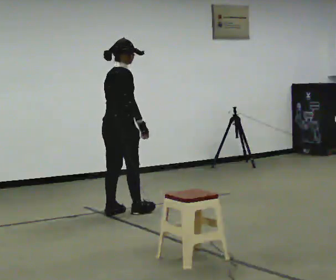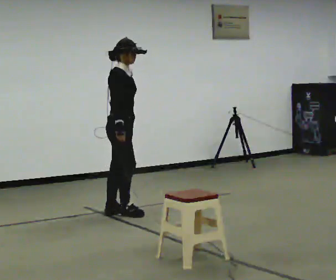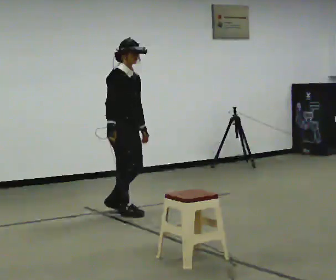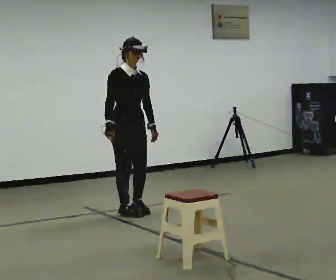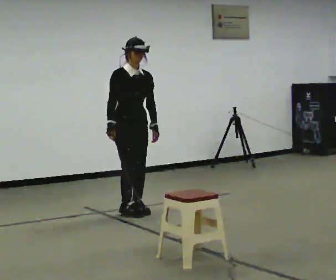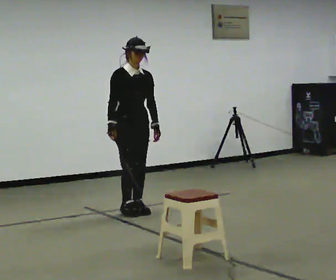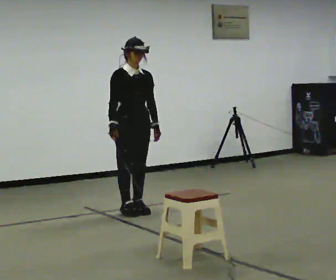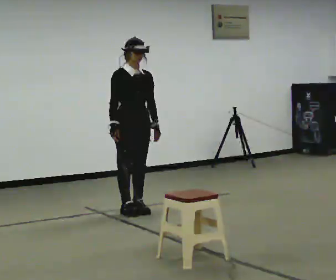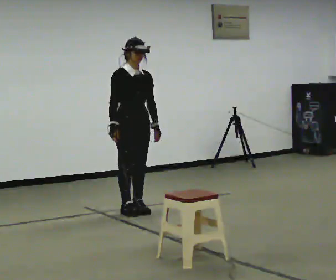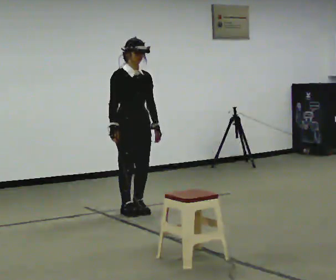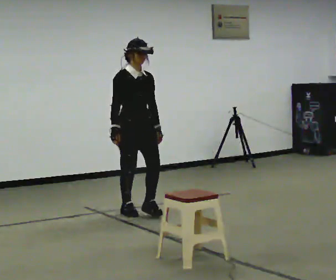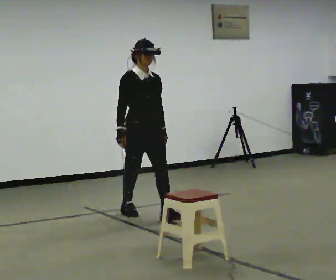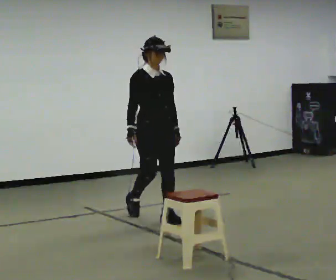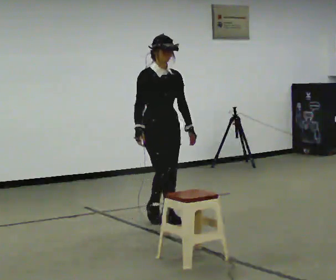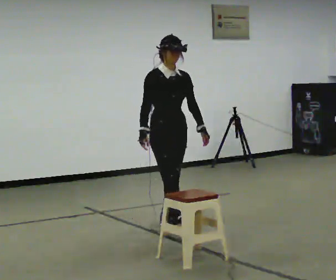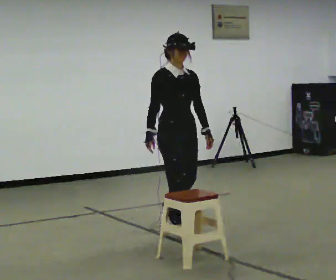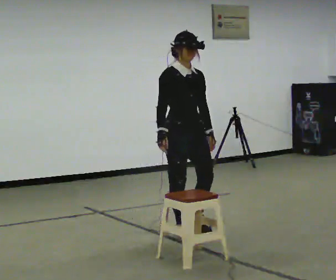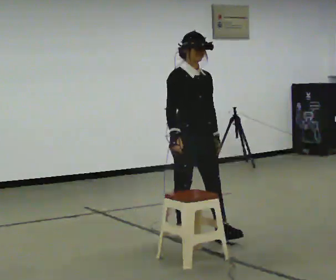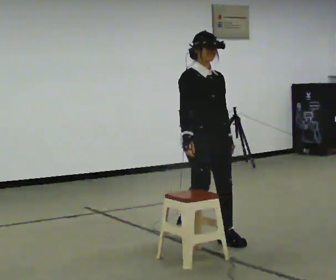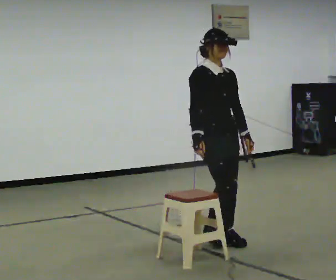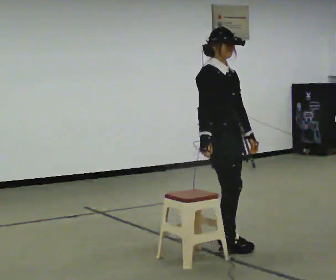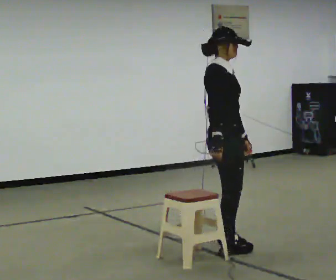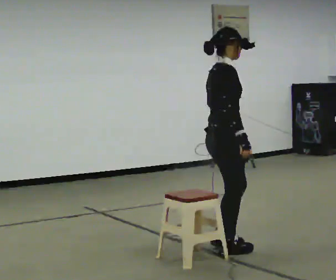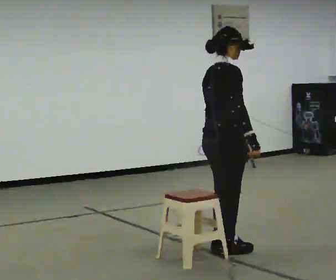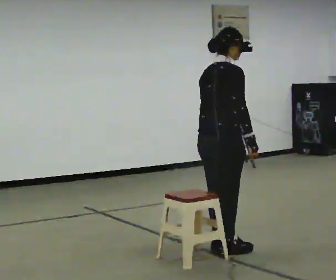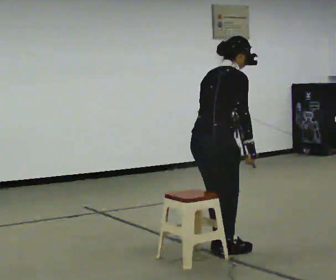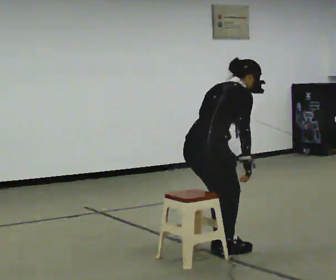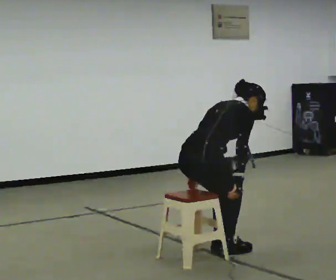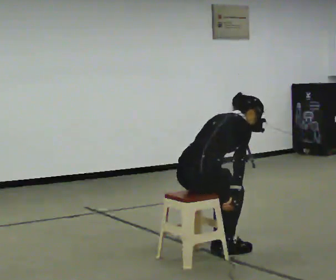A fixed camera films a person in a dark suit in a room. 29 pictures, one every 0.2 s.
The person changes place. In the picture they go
toward the camera.
The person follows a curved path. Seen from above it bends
clockwise.
0.0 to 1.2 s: Seen from above the body turns clockwise, about 90 degrees: to their right, with its near side sliding to the left.
1.2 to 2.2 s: In the picture they go toward the camera, about 0.25 m in 1 step, which for them is forward.
2.2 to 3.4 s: In the picture they go toward the camera and to the right, about 1 m in 1 step, which for them is forward.
3.4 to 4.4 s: Seen from above the body turns counterclockwise, about 75 degrees: to their left, with its near side sliding to the right. In the picture they go toward the camera and to the right, about 0.5 m in 2 steps.
4.4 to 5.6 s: In the picture they go to the left and toward the camera, about 0.25 m in 1 step, which for them is backward. The shoulders move downward. In the picture the upper body tilts clockwise, shoulders to the right, as they bend forward. In the picture their left hand goes downward.
The film runs forward here.
